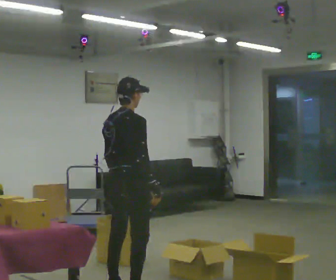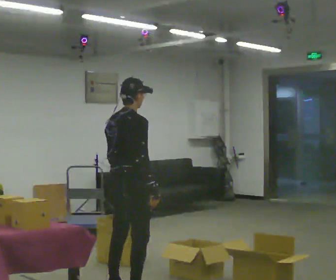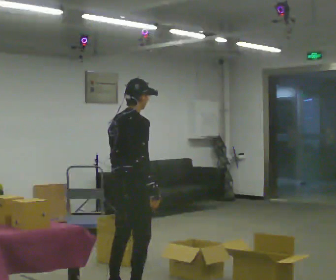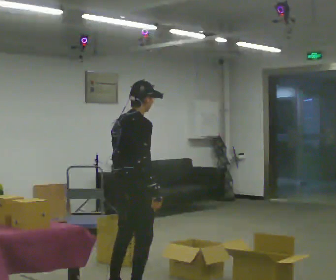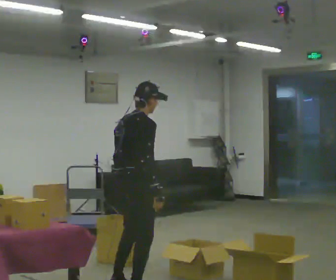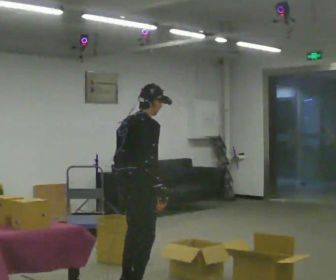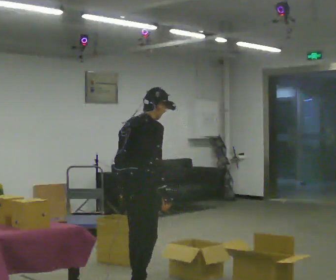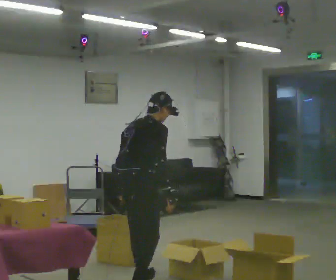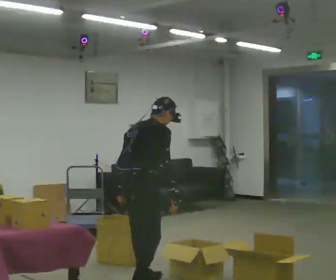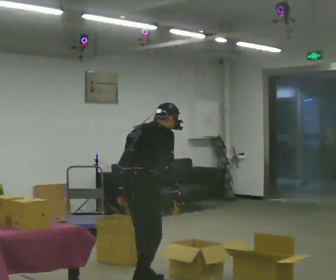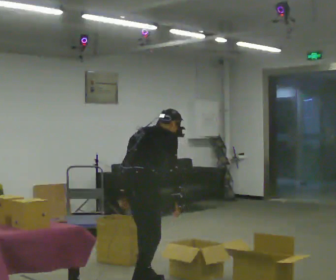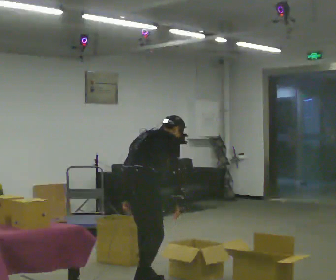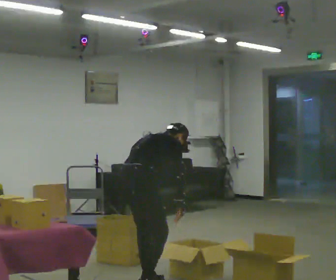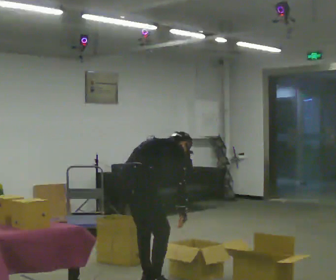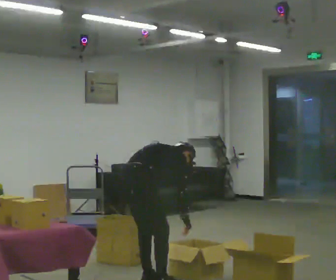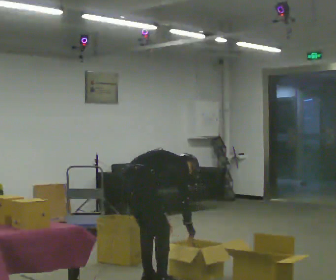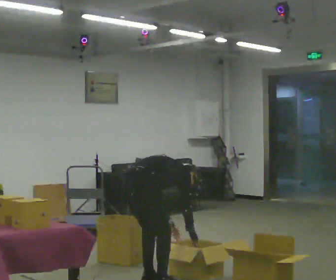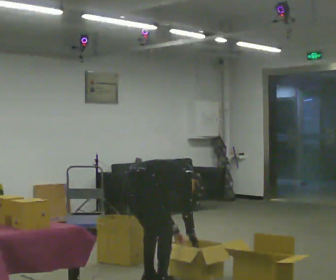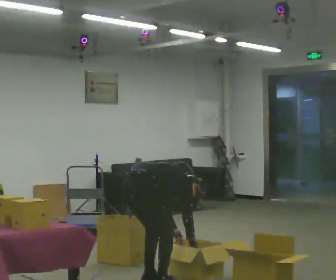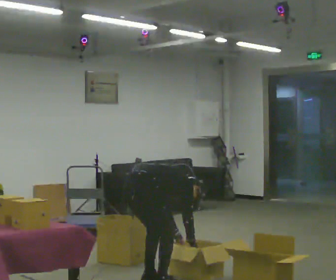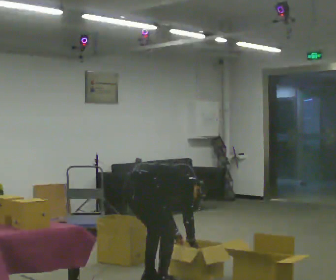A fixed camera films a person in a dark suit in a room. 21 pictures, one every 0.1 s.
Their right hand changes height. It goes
downward.
Their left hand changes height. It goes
downward.
0.0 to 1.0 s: In the picture the upper body tilts clockwise, shoulders to the right, as they bend forward.
1.0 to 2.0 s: In the picture they go away from the camera, about 0.25 m in 1 step, which for them is to their left and forward. The upper body goes downward. In the picture the upper body tilts clockwise, shoulders to the right, as they bend forward. In the picture their left hand goes to the right and downward.
The film runs backward here.
